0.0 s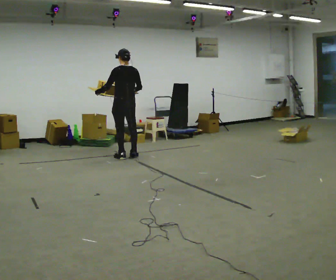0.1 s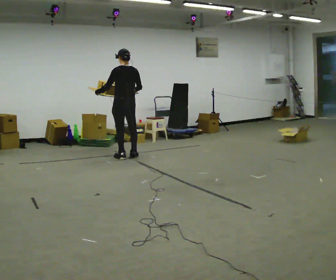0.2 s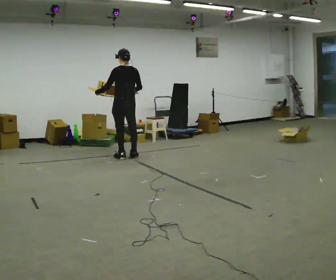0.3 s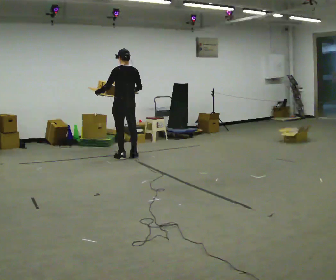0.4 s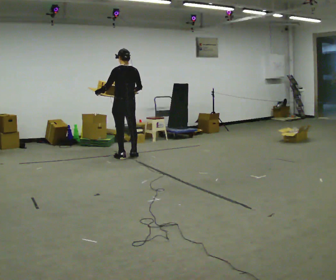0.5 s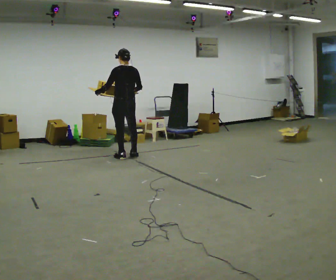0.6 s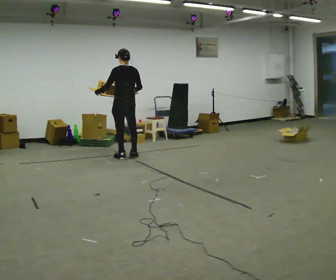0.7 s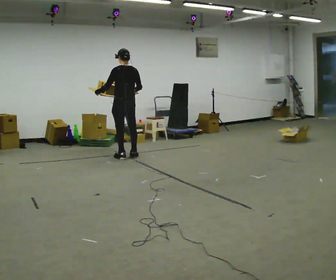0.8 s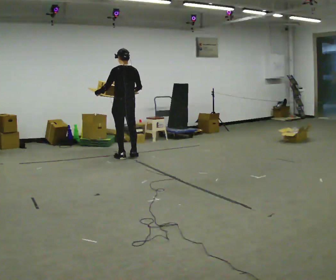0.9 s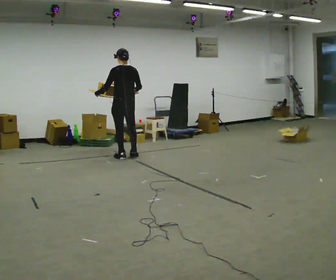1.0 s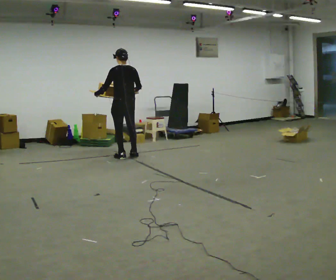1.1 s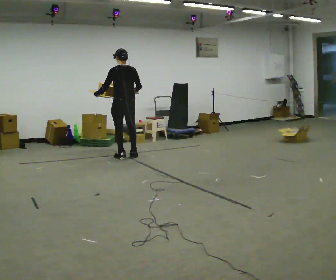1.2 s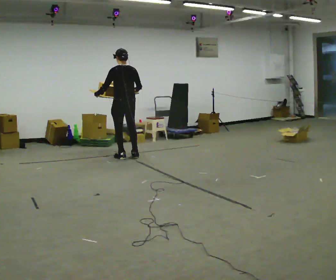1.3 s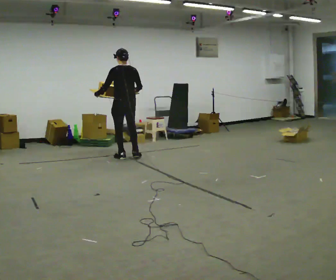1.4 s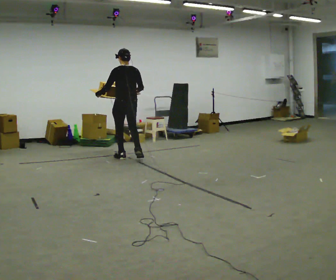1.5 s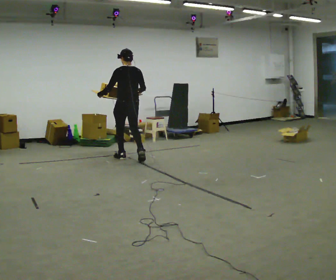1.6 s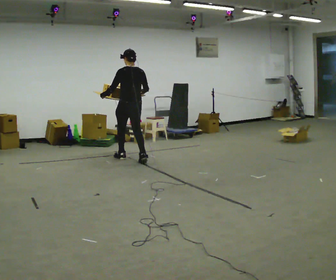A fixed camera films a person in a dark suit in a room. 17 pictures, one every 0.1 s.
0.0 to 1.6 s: In the picture they go toward the camera, about 0.25 m in 1 step, which for them is backward.
The film runs backward here.
